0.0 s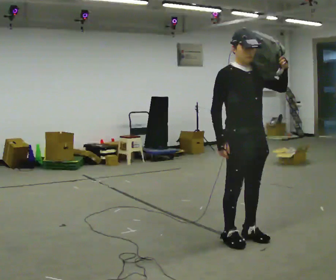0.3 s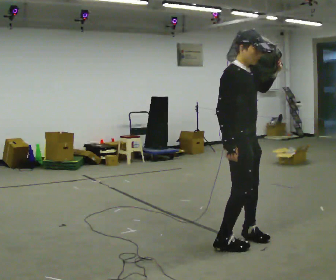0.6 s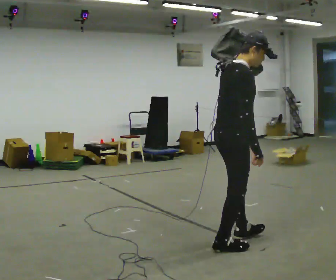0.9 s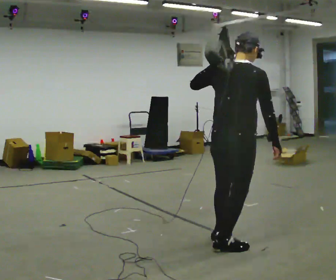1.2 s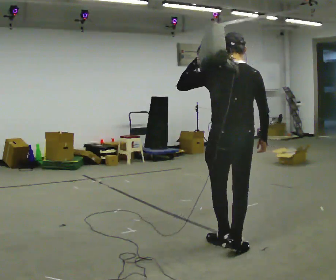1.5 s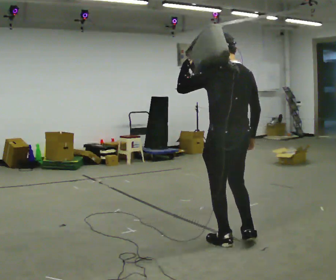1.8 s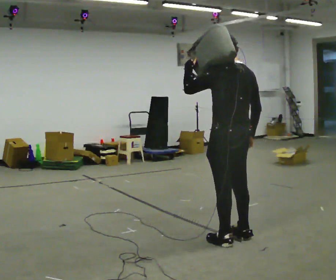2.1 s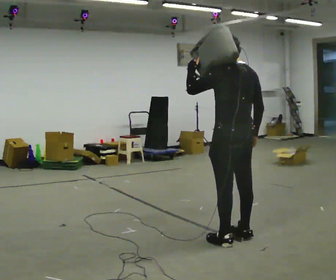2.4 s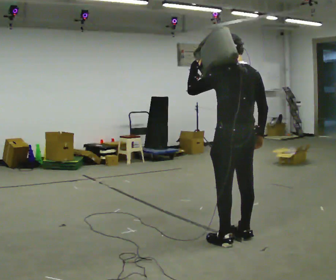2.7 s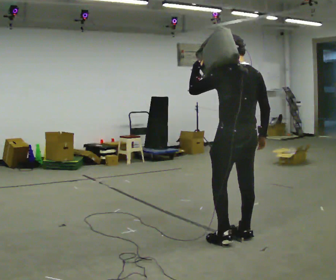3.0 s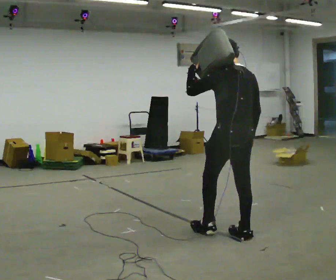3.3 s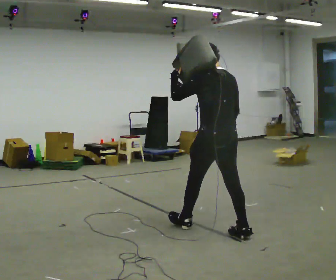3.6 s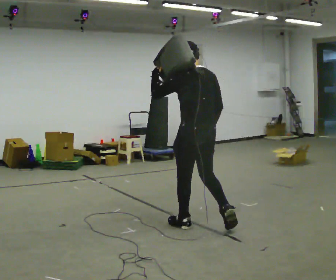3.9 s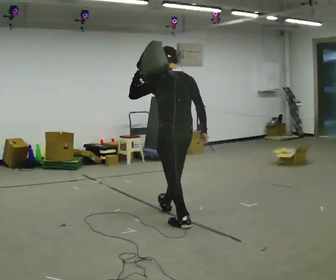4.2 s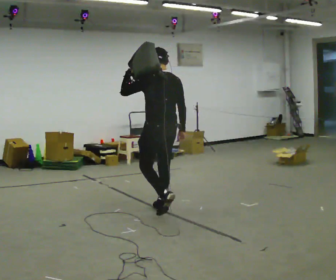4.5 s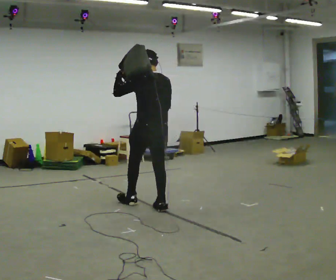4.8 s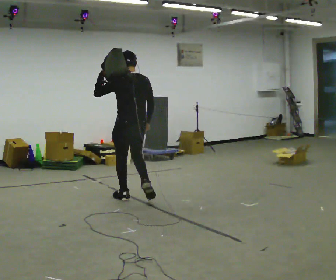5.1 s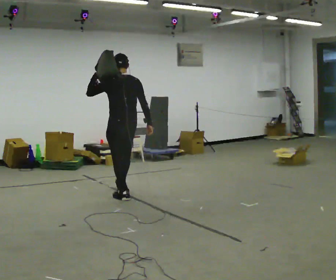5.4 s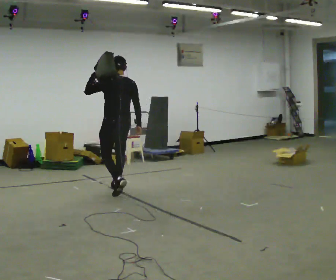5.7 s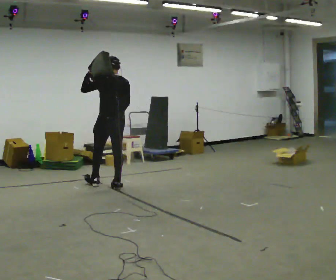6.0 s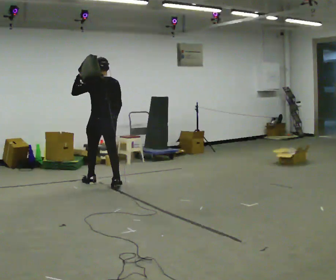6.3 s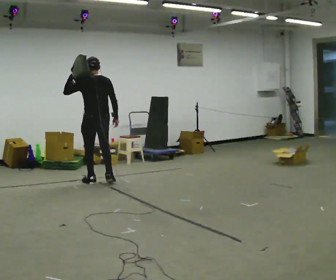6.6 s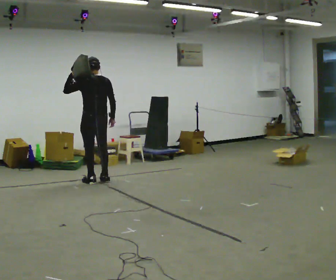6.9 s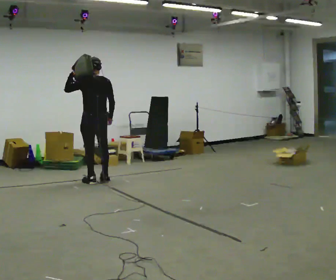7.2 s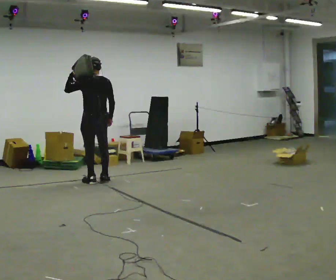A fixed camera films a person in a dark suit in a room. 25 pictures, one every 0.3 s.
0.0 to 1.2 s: The part of the body nearest the lens slides to the right as the person turns to their left by about 150 degrees. In the picture their left hand goes to the left.
1.2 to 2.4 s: In the picture they go away from the camera, about 0.25 m in 1 step, which for them is to their right.
2.4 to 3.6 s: In the picture they go to the left and away from the camera, about 0.5 m in 1 step, which for them is forward.
3.6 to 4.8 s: In the picture they go away from the camera and to the left, about 1 m in 2 steps, which for them is forward.
4.8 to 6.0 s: In the picture they go away from the camera and to the left, about 1 m in 2 steps, which for them is forward.
6.0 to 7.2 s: In the picture they go away from the camera, about 0.25 m in 1 step, which for them is forward.
The film runs forward here.
